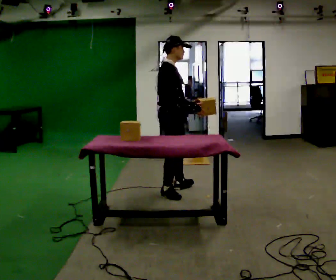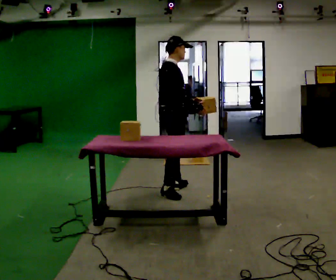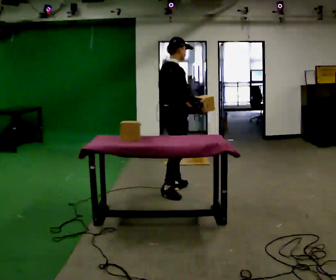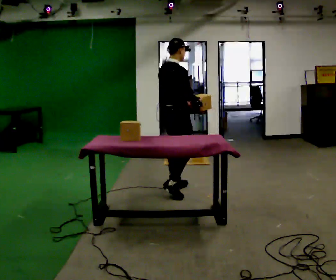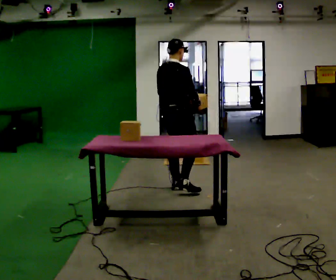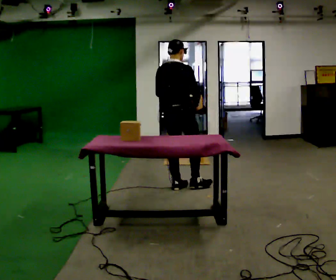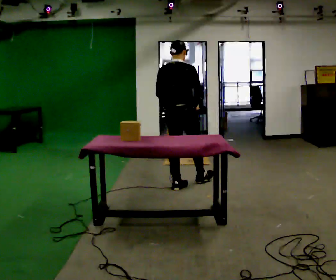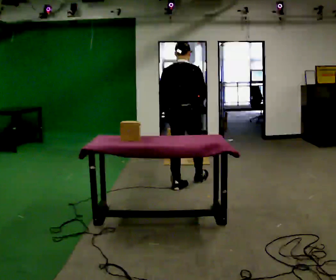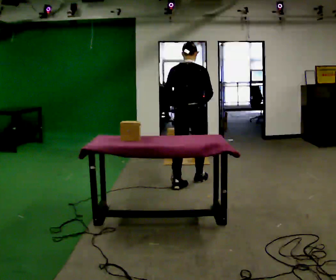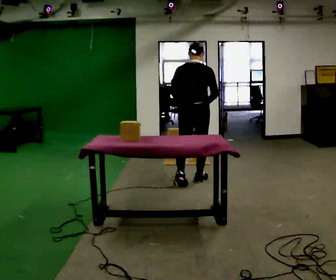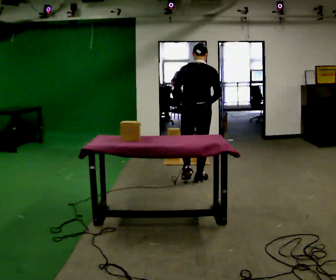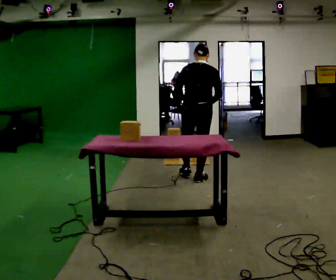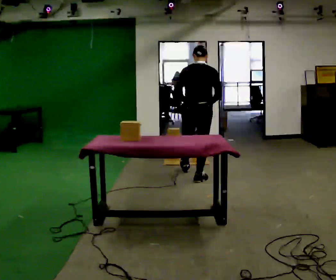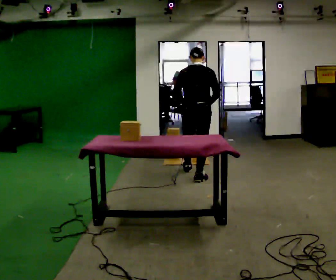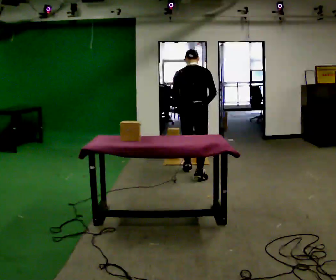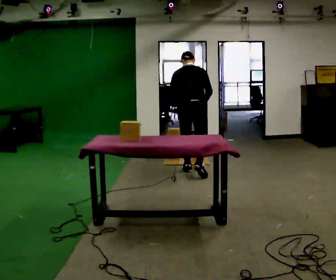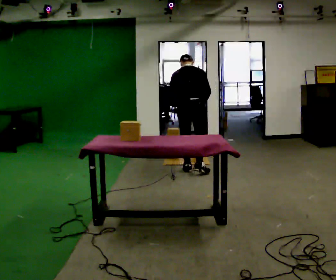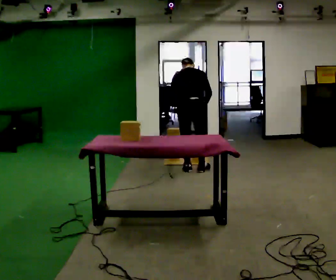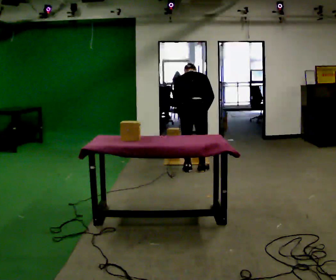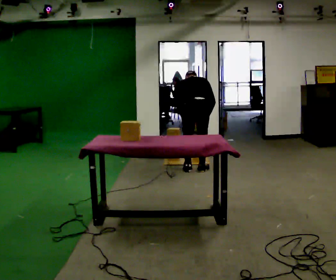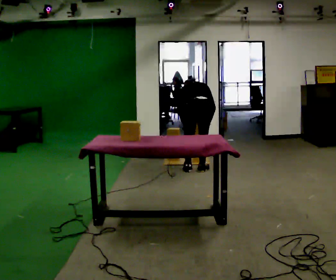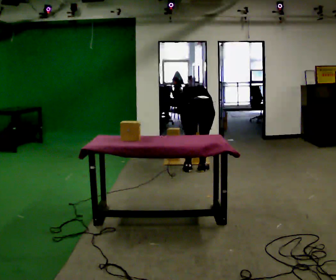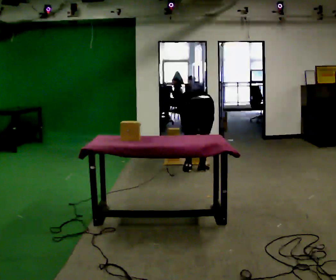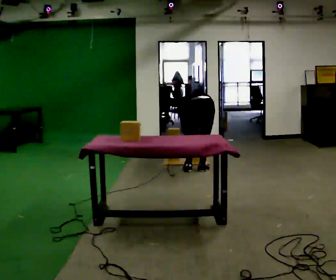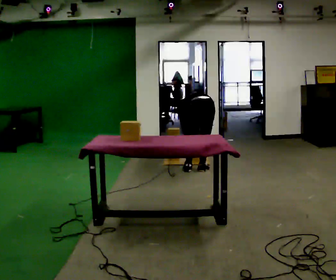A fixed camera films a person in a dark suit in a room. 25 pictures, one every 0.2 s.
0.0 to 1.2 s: The person turns about 60 degrees to their left, counterclockwise seen from above, so the part of the body nearest the lens slides to the right. In the picture they go away from the camera, about 0.25 m.
1.2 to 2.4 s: In the picture they go away from the camera and to the right, about 0.5 m in 1 step, which for them is forward and to their right.
2.4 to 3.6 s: In the picture they go away from the camera, about 0.25 m in 2 steps, which for them is forward. The upper body tips away from the camera, its near side rolling upward, as they bend forward.
3.6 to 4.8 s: The shoulders move downward. The upper body tips away from the camera, its near side rolling upward, as they bend forward. In the picture their left hand goes downward.
The film runs forward here.
